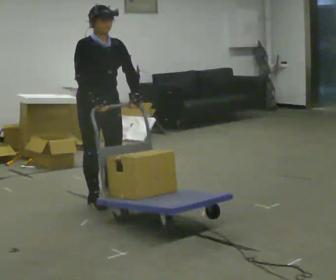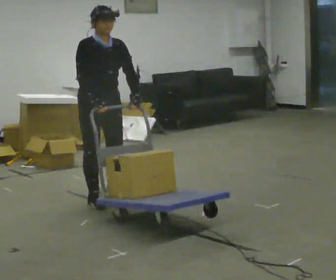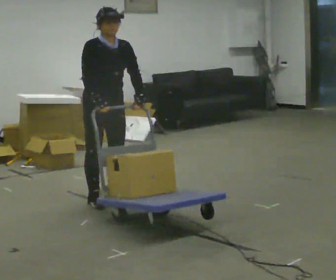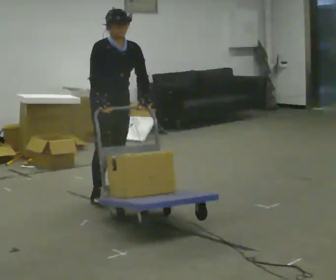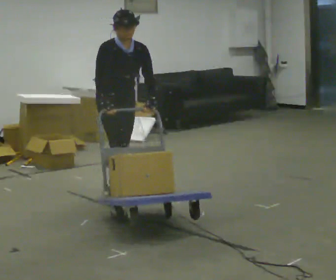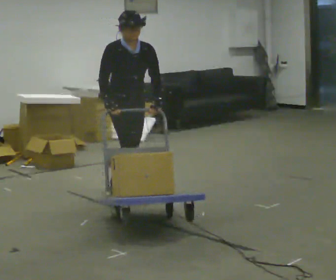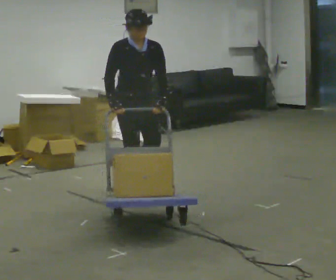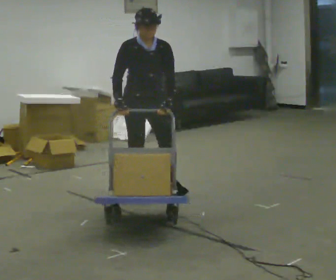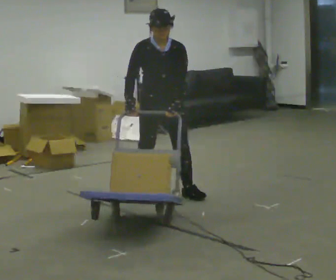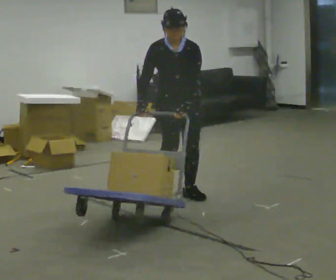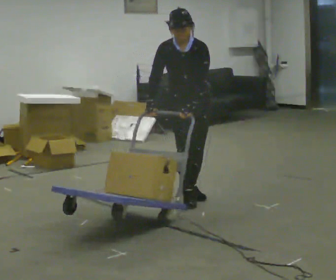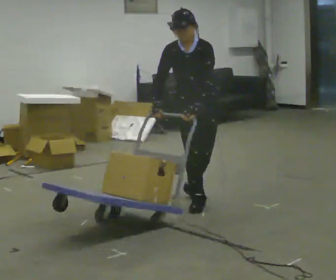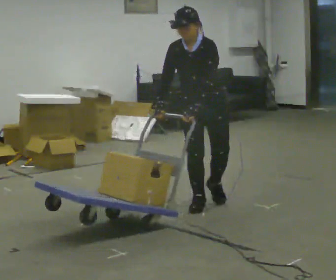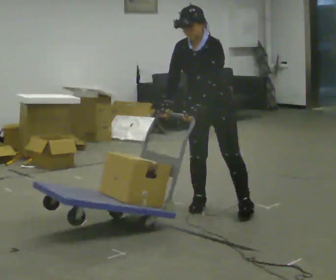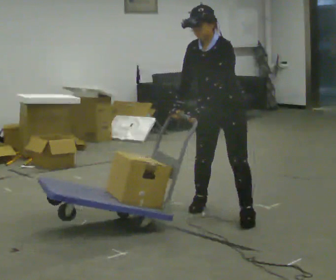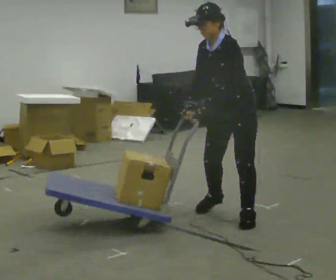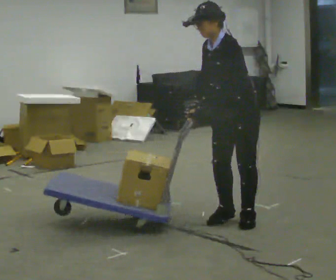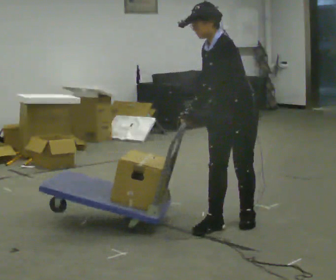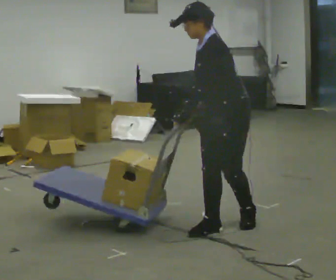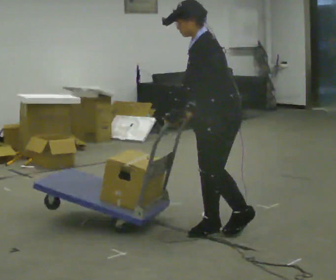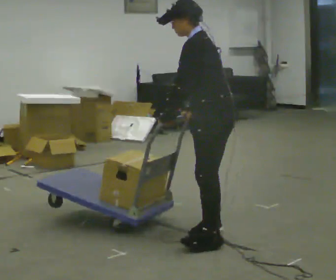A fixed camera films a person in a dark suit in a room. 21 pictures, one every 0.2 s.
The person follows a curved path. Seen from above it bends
clockwise.
The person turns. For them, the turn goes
to their right.
0.0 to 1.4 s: In the picture they go to the right and away from the camera, about 0.5 m in 2 steps, which for them is to their left.
1.4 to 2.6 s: The person turns about 45 degrees to their right, clockwise seen from above, so the part of the body nearest the lens slides to the left. In the picture they go to the right and toward the camera, about 0.75 m in 2 steps, which for them is to their left and forward. In the picture the upper body tilts counterclockwise, shoulders to the left.
2.6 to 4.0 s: The part of the body nearest the lens slides to the left as the person turns to their right by about 60 degrees. In the picture they go toward the camera, about 0.75 m in 2 steps. The upper body tips away from the camera, its near side rolling upward.
The film runs forward here.
